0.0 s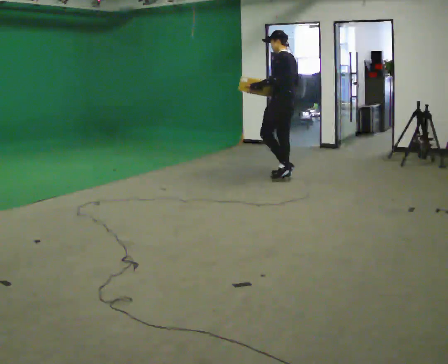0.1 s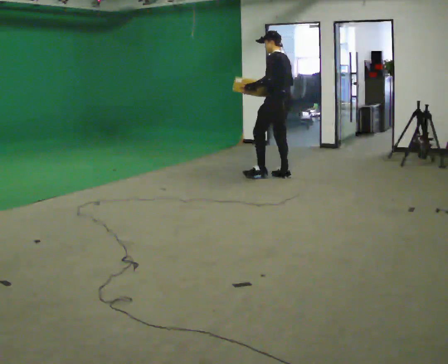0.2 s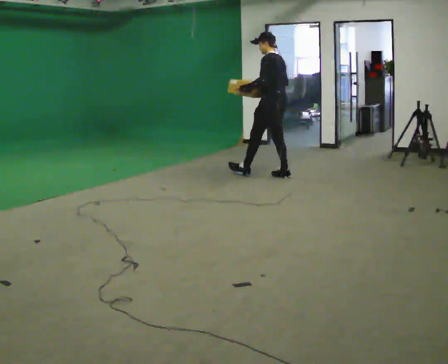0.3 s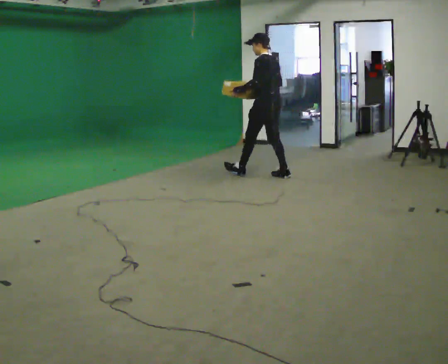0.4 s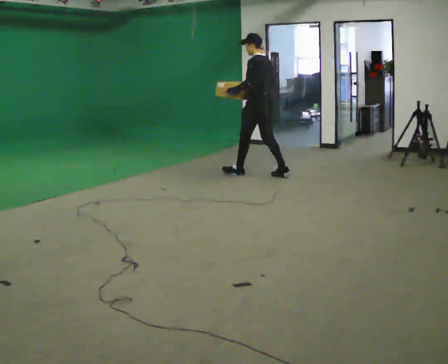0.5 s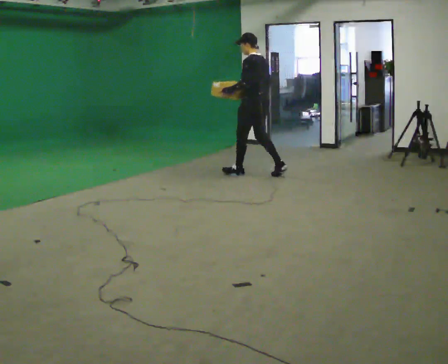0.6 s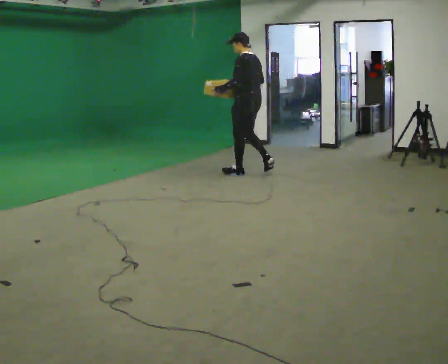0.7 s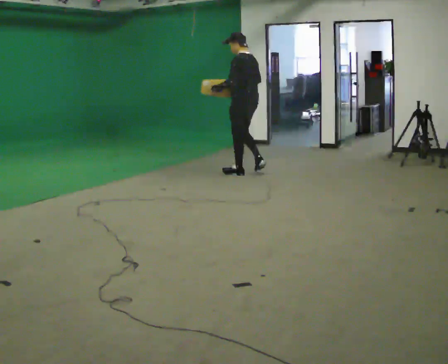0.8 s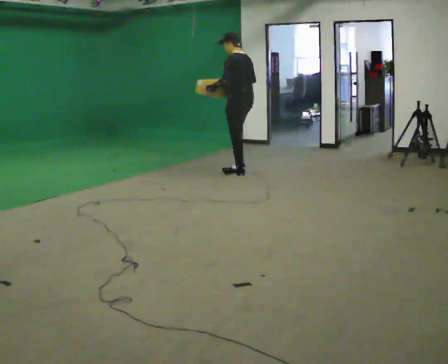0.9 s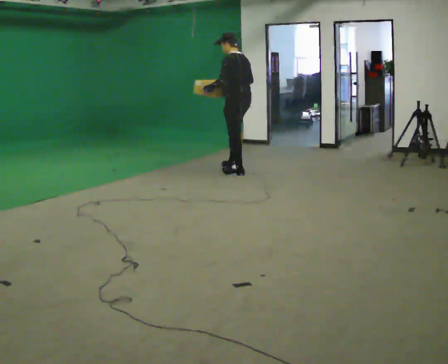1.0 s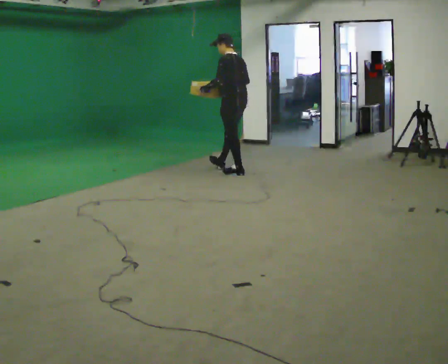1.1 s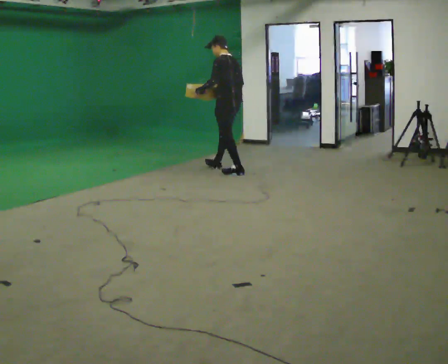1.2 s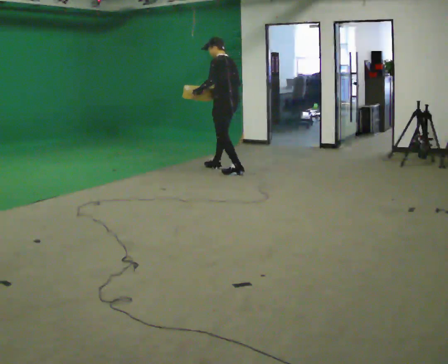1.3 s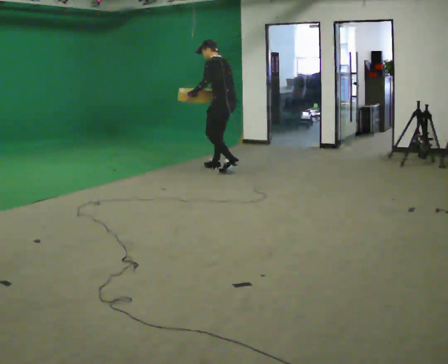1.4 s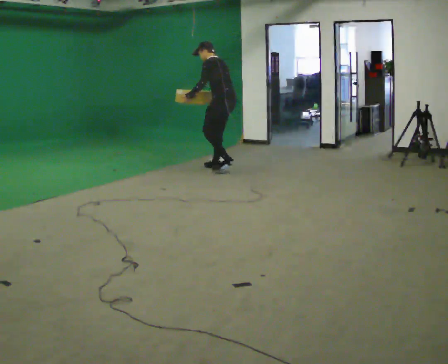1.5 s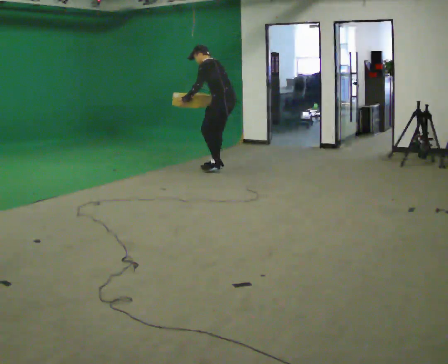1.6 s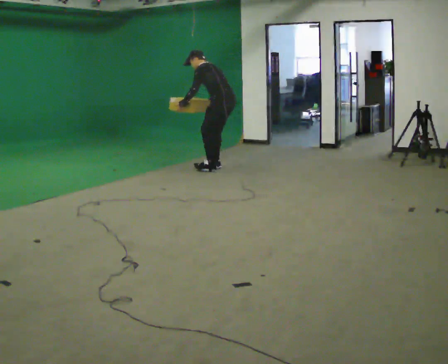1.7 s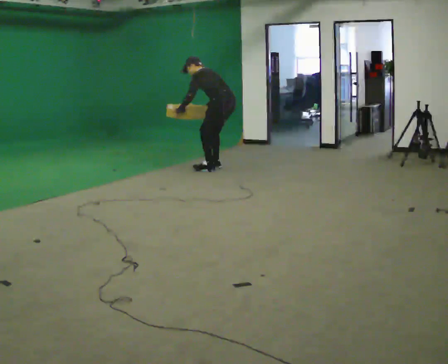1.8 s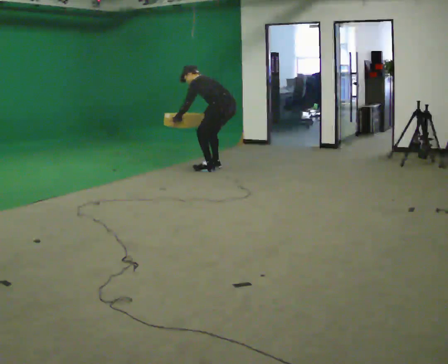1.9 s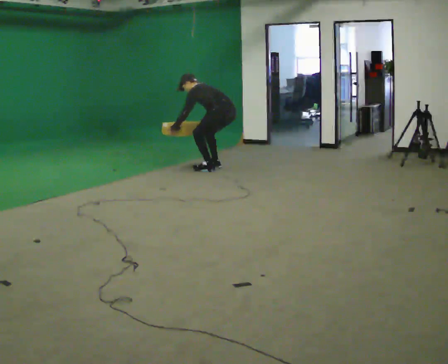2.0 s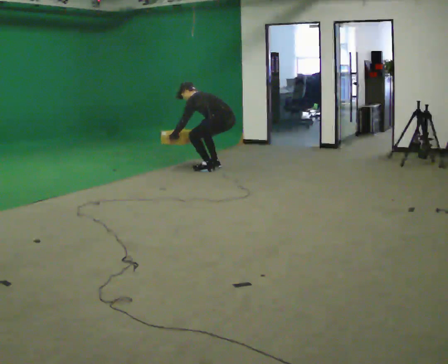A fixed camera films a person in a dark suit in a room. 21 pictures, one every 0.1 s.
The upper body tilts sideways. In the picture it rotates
counterclockwise.
Their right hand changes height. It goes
downward.
0.0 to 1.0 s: In the picture they go to the left and away from the camera, about 0.75 m in 1 step, which for them is forward.
1.0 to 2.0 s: In the picture they go away from the camera and to the left, about 0.25 m in 2 steps, which for them is forward. The shoulders move downward. In the picture the upper body tilts counterclockwise, shoulders to the left, as they bend forward. In the picture their right hand goes downward and to the left.
The film runs forward here.
